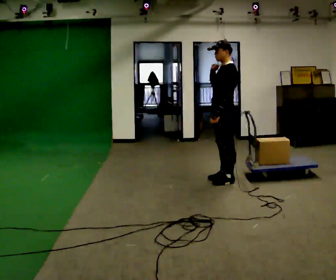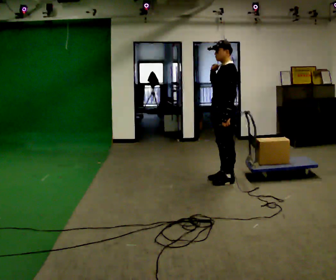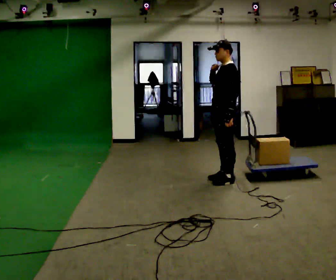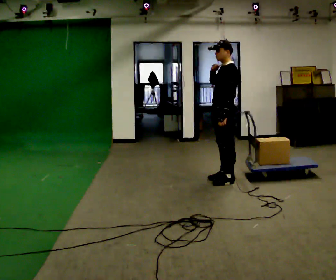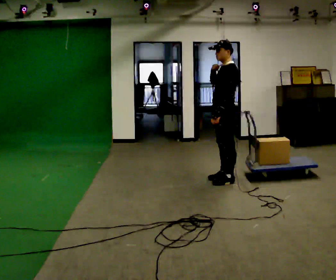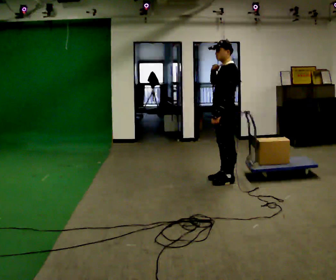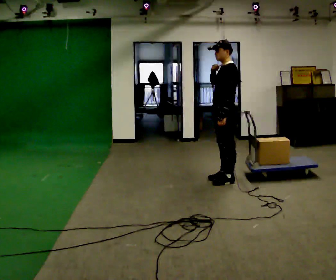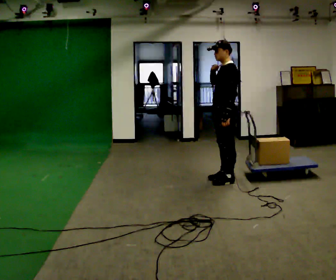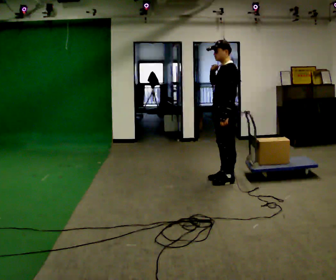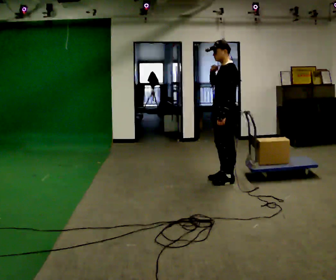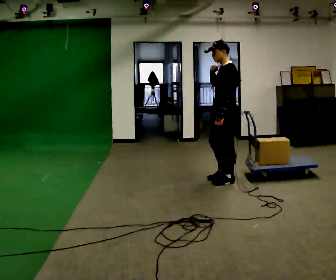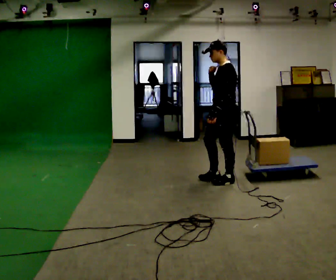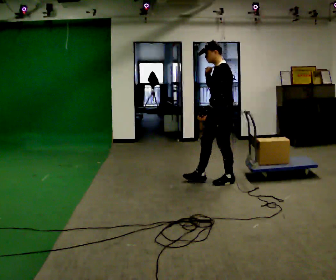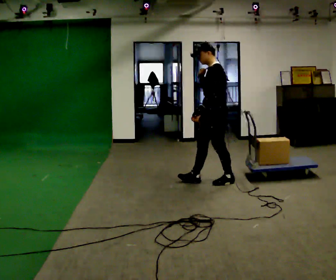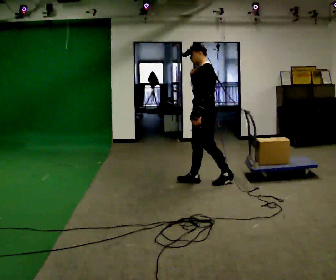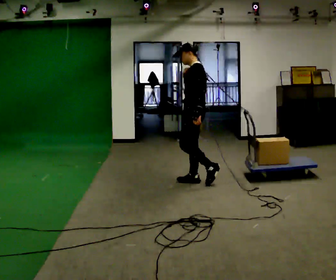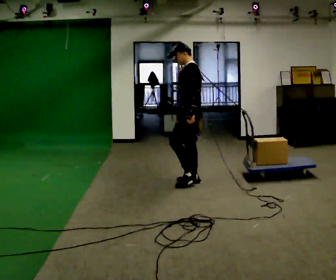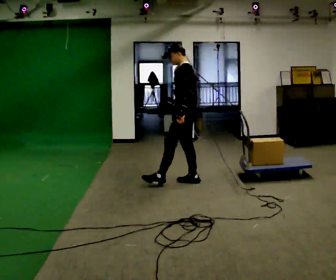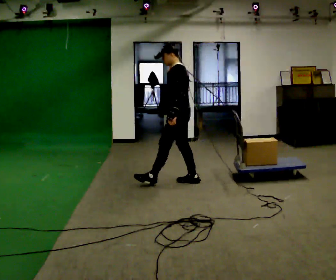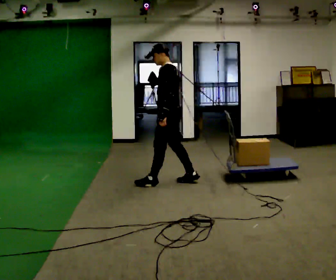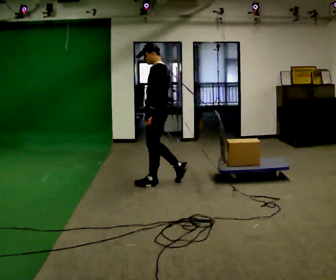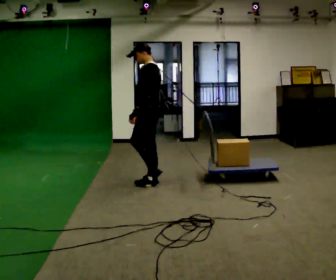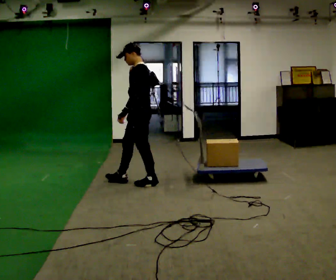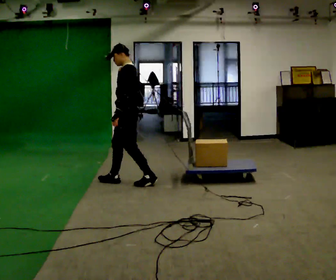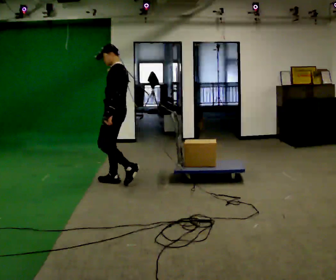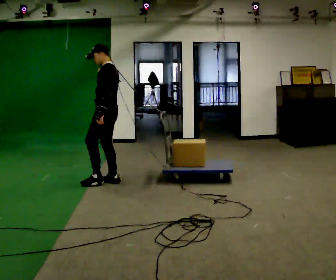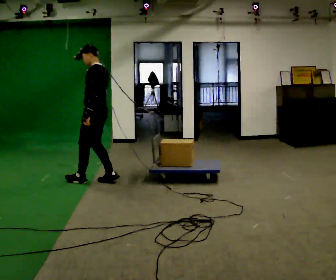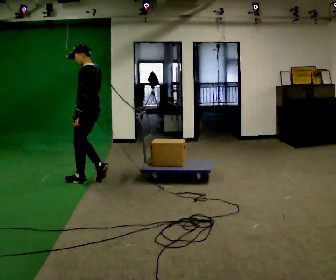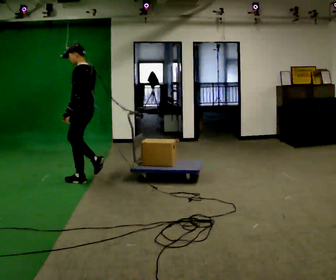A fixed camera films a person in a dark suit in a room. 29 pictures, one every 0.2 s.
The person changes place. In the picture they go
to the left.
0.0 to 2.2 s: The person moves a little, or ends about where they began.
2.2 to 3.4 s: In the picture they go to the left, about 0.5 m in 1 step, which for them is forward.
3.4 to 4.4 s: In the picture they go to the left, about 0.5 m in 1 step, which for them is forward.
4.4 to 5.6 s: In the picture they go to the left, about 0.5 m in 3 steps, which for them is forward.
The film runs forward here.
